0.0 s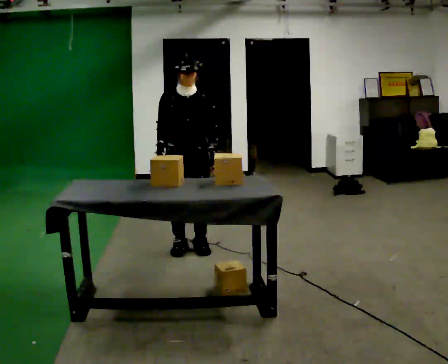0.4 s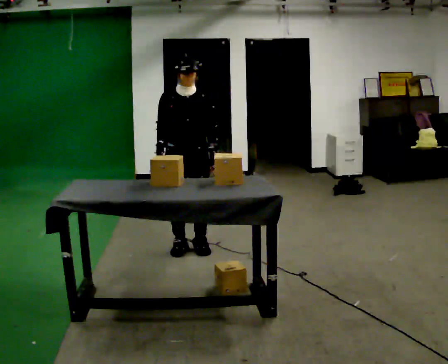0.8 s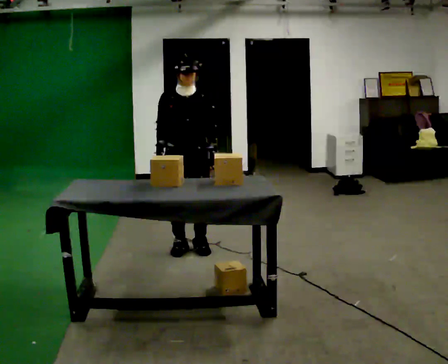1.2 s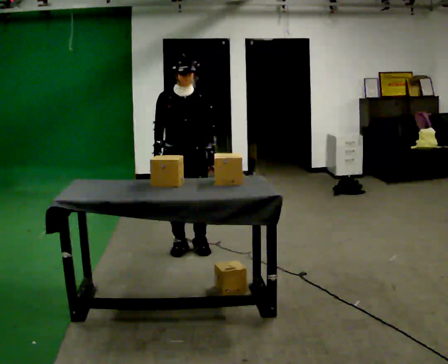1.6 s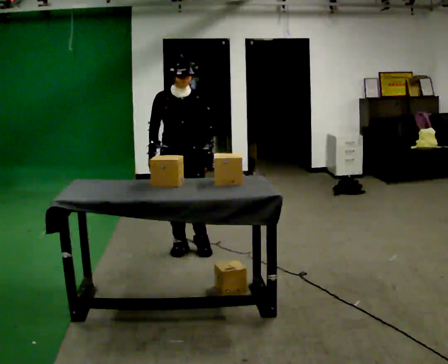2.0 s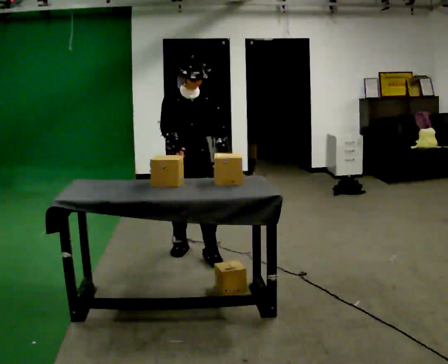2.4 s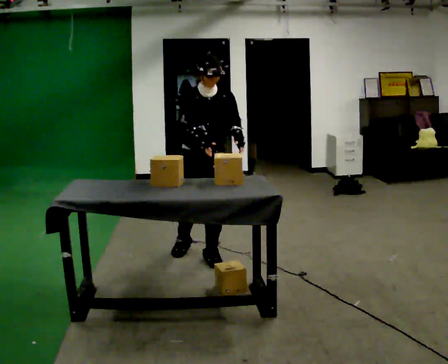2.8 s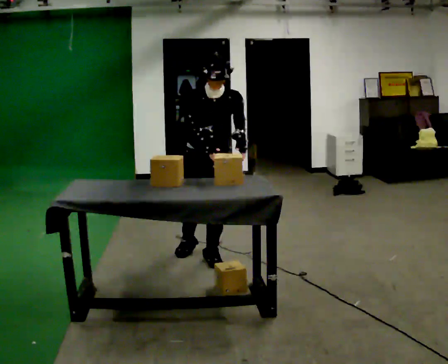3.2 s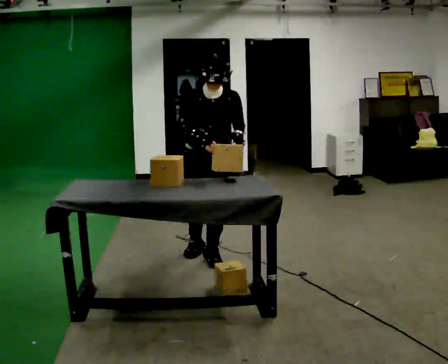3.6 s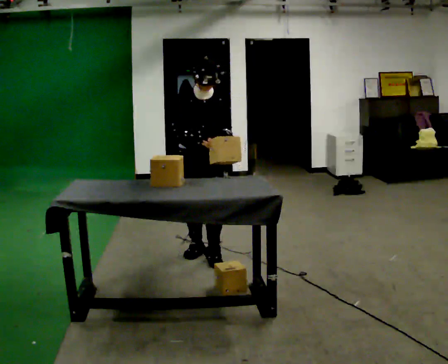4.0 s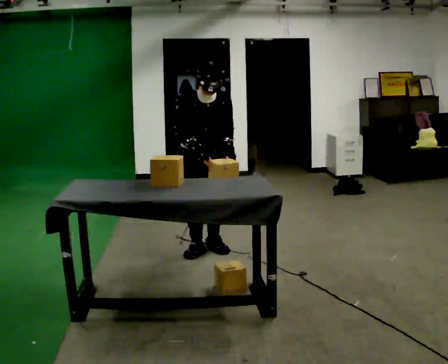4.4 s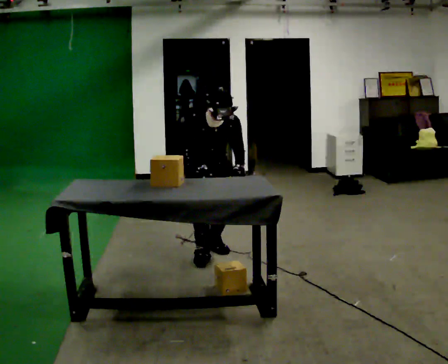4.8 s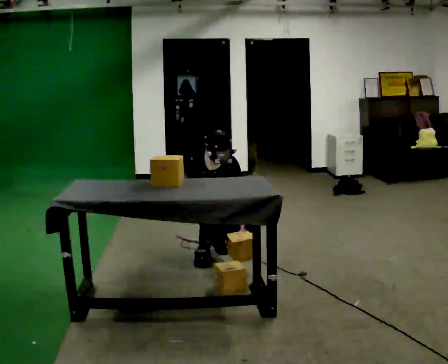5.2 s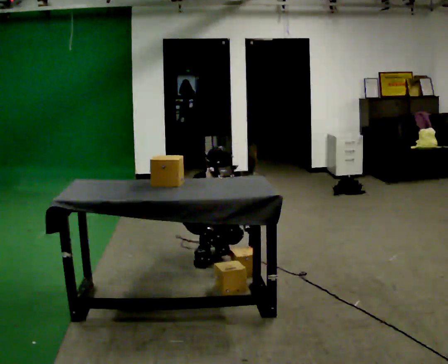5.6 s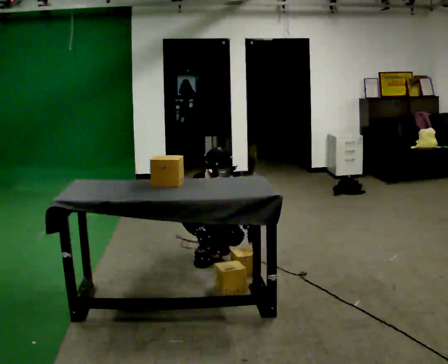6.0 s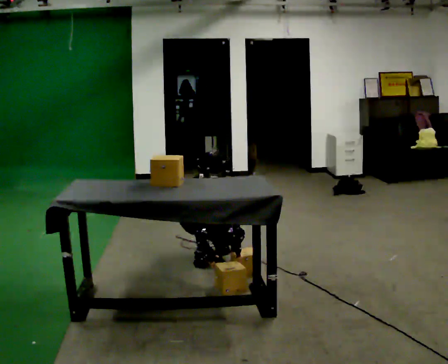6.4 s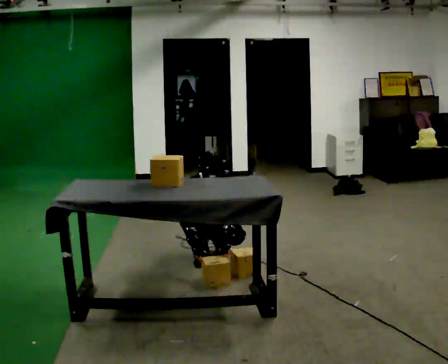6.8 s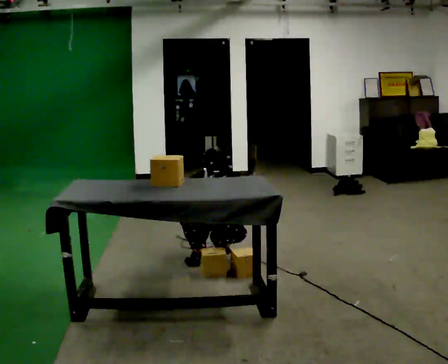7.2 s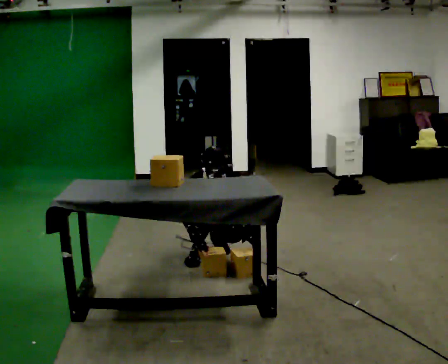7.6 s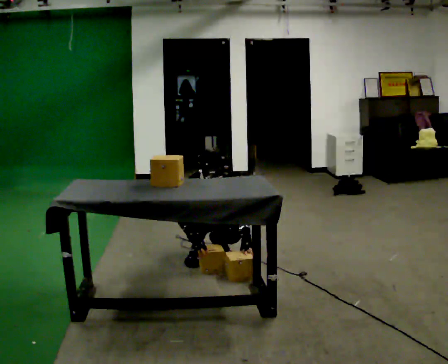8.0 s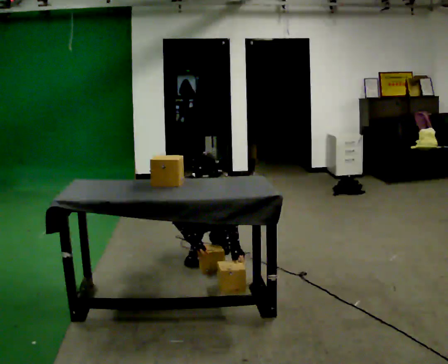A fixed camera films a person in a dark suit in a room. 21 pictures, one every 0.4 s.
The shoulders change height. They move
downward.
0.0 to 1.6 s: The person moves a little, or ends about where they began.
1.6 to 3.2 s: In the picture they go to the right and toward the camera, about 0.25 m in 1 step, which for them is forward and to their left. The upper body tips toward the camera, its near side rolling downward, as they bend forward.
3.2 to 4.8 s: In the picture they go away from the camera, about 0.25 m in 2 steps, which for them is backward. The shoulders move downward. In the picture their left hand goes downward.
4.8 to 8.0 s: The shoulders move downward. In the picture the upper body tilts counterclockwise, shoulders to the left.
The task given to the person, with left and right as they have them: Take the boxes off the top, get the one from the bottom, carry it away, then put the others back. Keep going until the operator says stop; one object at a time, and do not rush between trips.
The film runs forward here.
